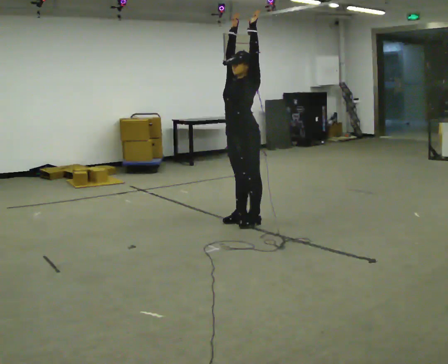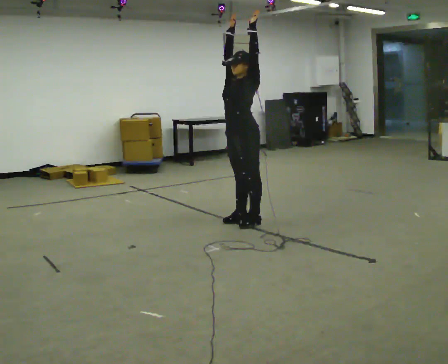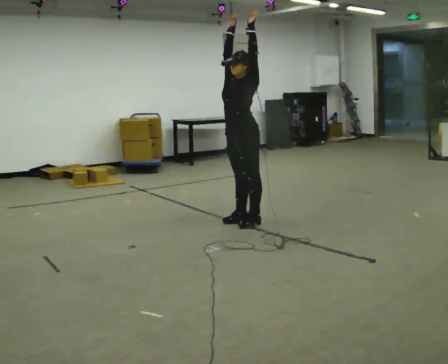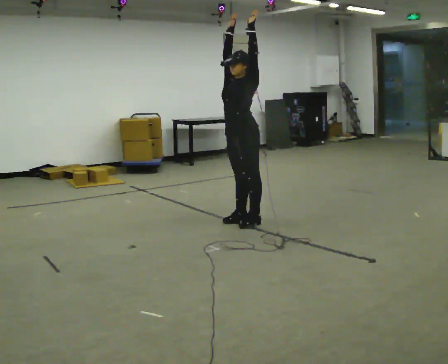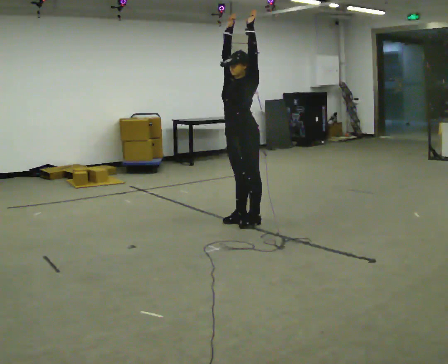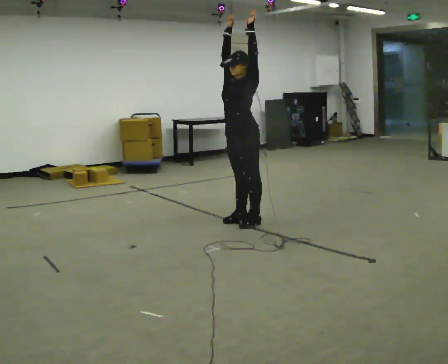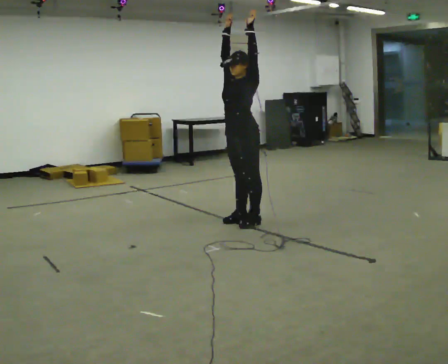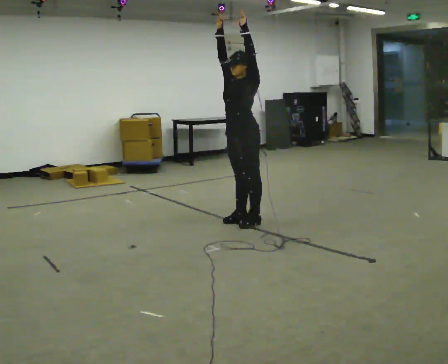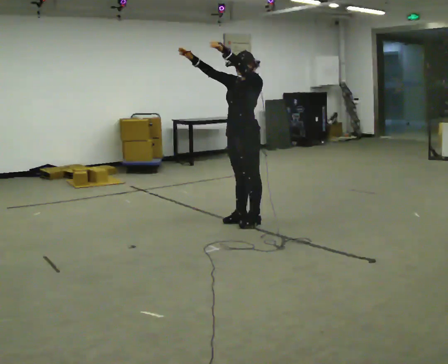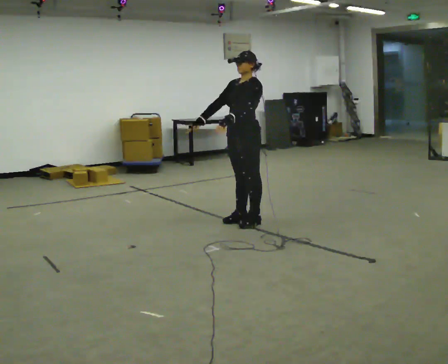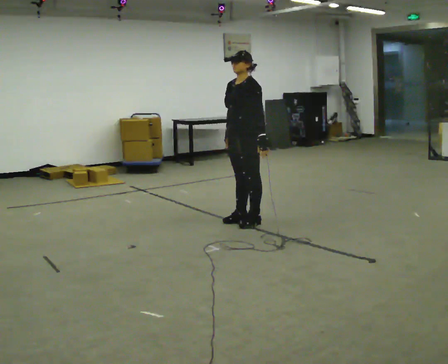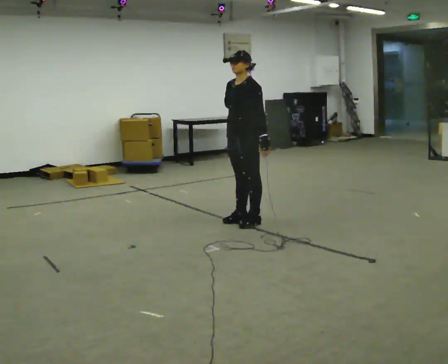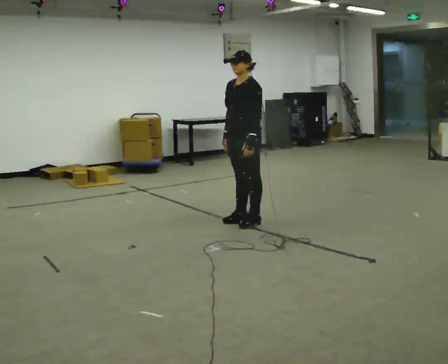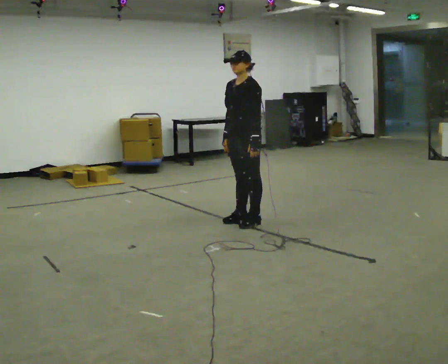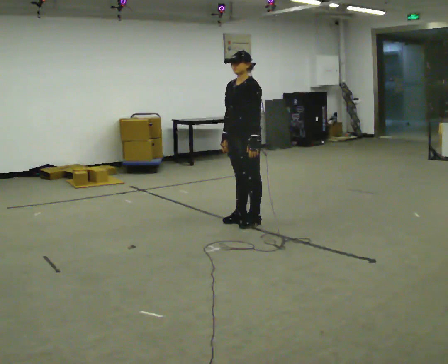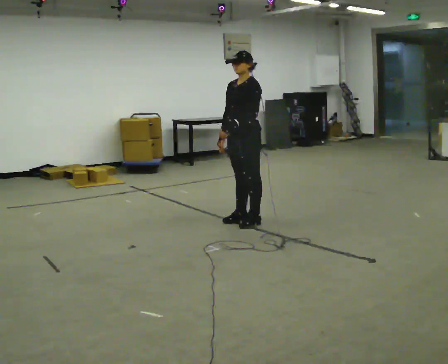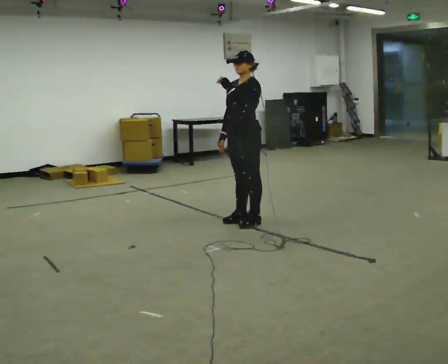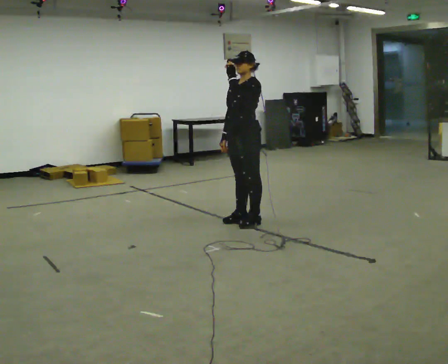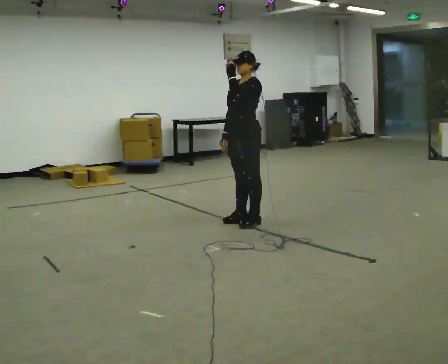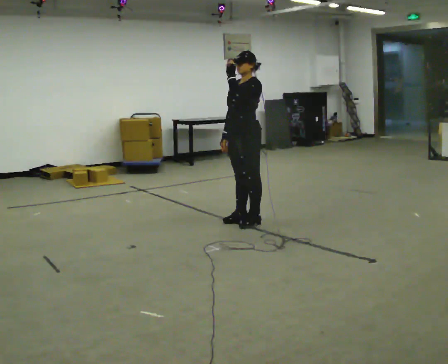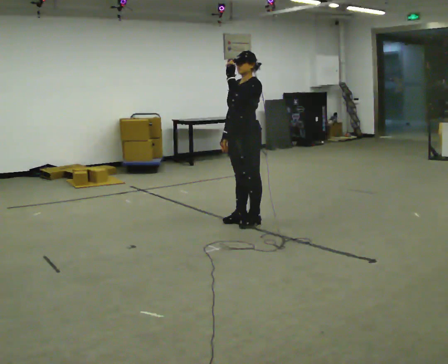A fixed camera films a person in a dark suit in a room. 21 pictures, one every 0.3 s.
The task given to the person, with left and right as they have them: Keeping your feet still, reach both arms up overhead as high as is comfortable, then lower them. Repeat the movement at your own pace until the operator says stop; do not rush.
0.0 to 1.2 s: The person keeps their place and pose.
1.2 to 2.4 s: In the picture their right hand goes downward and to the left, the arm swinging counterclockwise.
2.4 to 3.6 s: In the picture their left hand goes downward.
3.6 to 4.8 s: In the picture their left hand goes upward.
4.8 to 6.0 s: The person moves a little, or ends about where they began.
The film runs forward here.
